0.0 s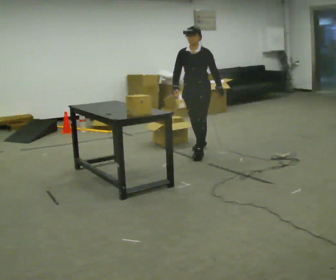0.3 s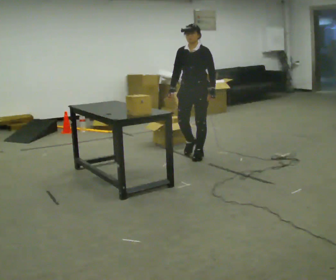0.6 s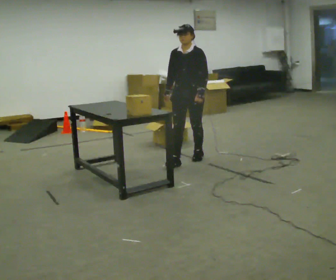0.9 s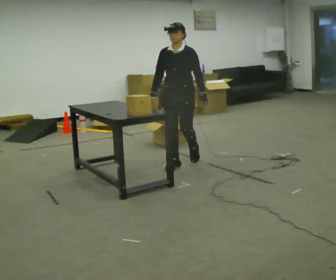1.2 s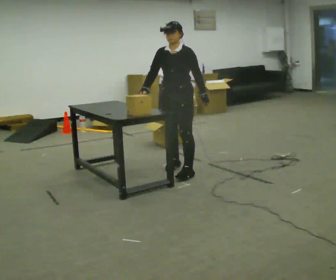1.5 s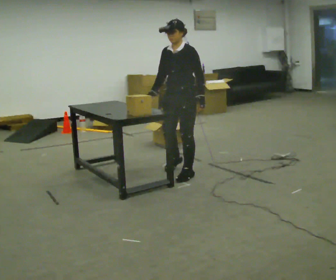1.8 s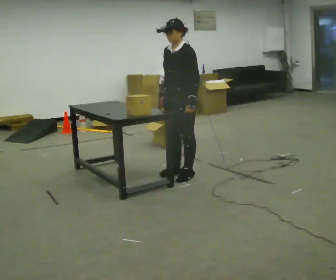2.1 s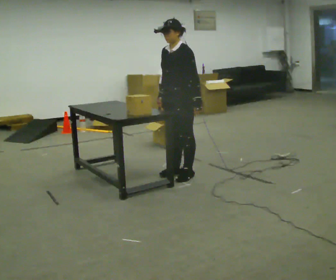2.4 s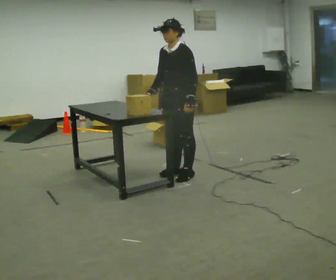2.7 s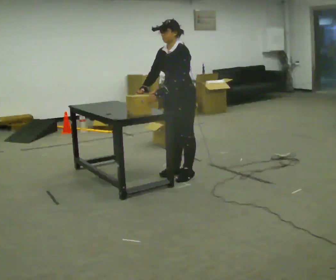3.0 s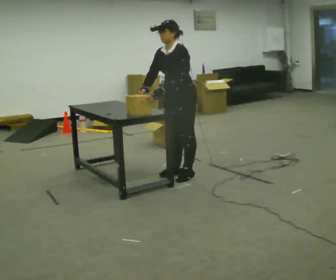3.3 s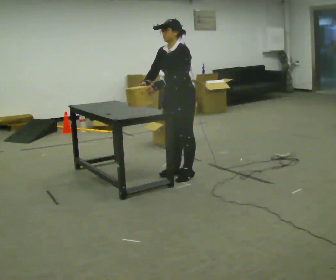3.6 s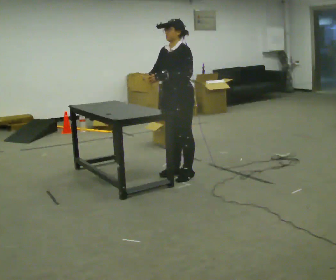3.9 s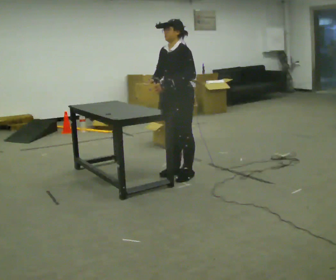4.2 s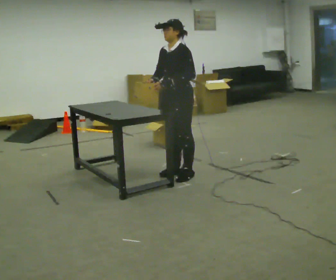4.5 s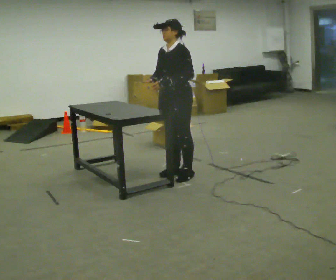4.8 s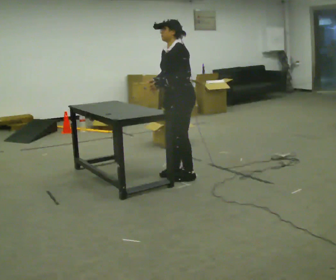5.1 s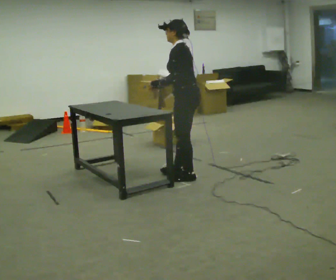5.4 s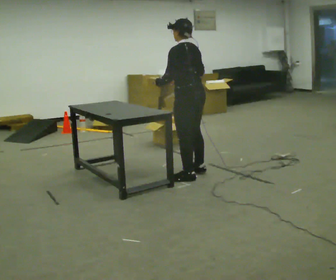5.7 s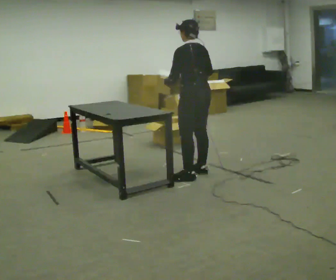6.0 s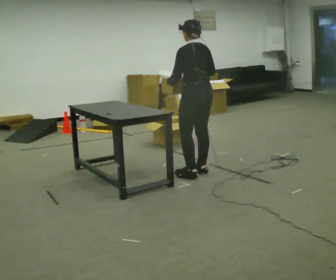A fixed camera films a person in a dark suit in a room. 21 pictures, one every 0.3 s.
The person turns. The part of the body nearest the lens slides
to the left.
The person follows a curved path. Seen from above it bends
counterclockwise.
0.0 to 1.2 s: In the picture they go toward the camera, about 0.5 m in 2 steps, which for them is forward.
1.2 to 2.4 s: In the picture they go toward the camera, about 0.25 m in 1 step, which for them is to their left.
2.4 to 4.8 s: The person moves a little, or ends about where they began.
4.8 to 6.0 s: The person turns about 60 degrees to their right, clockwise seen from above, so the part of the body nearest the lens slides to the left. In the picture they go to the right, about 0.25 m in 1 step.
The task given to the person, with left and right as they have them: Take an object out of the bin at knee height, carry it across the room, and place it on the chest-height shelf. Keep going until the operator says stop; one object at a time, and do not rush between trips.
The film runs forward here.
